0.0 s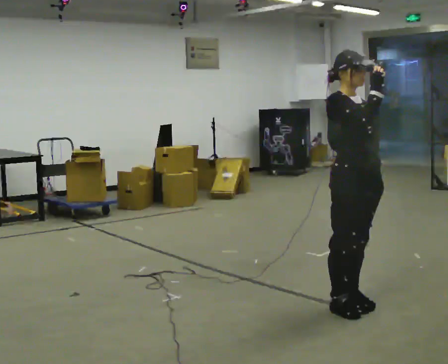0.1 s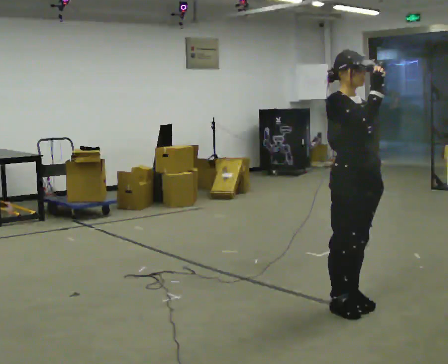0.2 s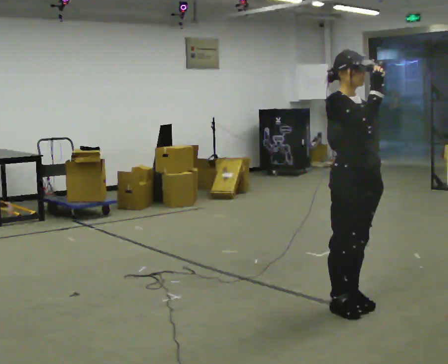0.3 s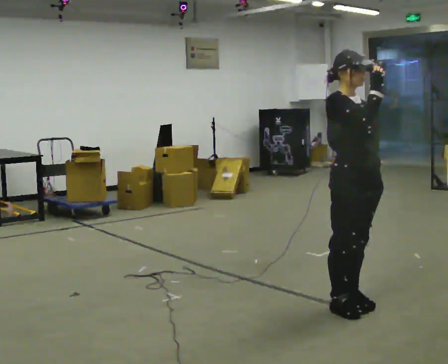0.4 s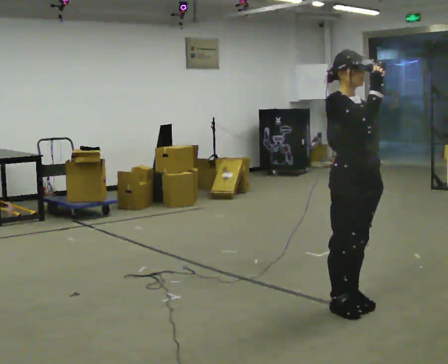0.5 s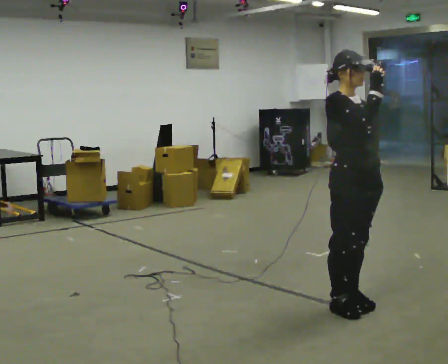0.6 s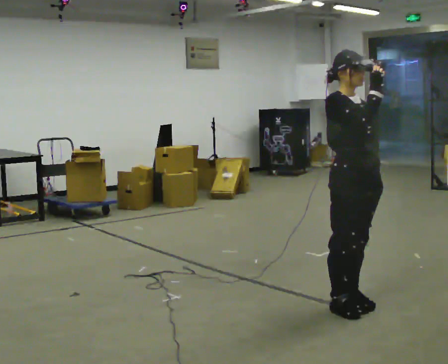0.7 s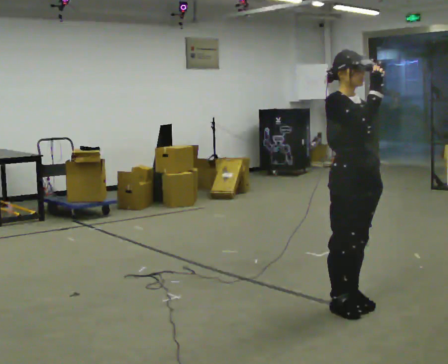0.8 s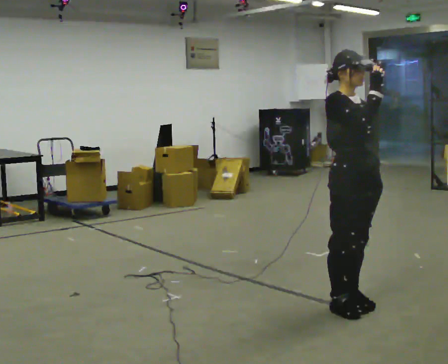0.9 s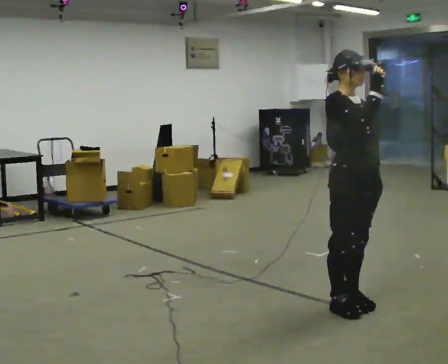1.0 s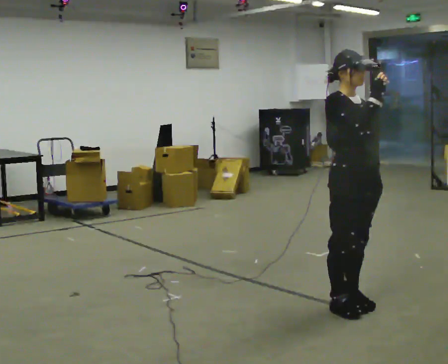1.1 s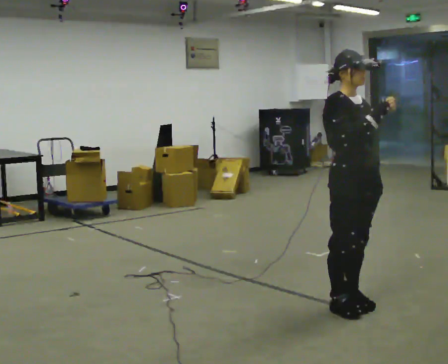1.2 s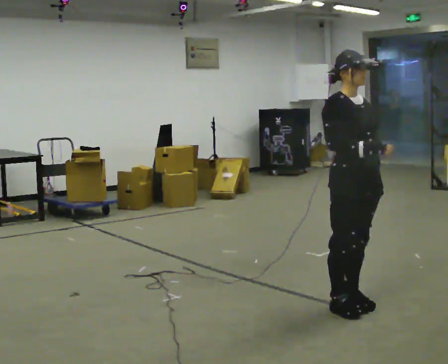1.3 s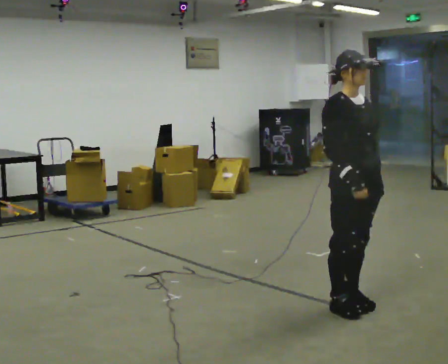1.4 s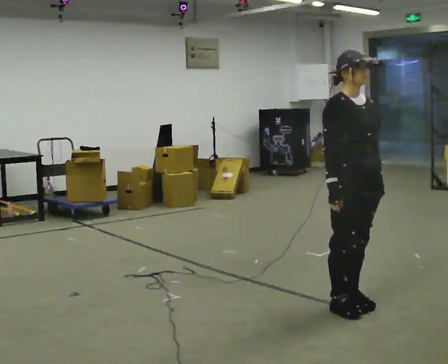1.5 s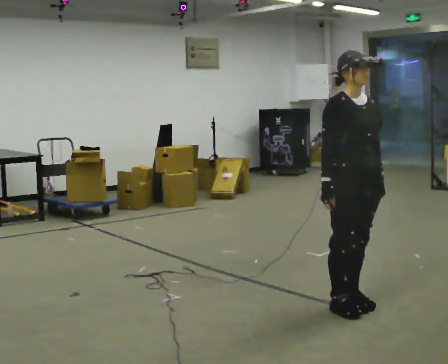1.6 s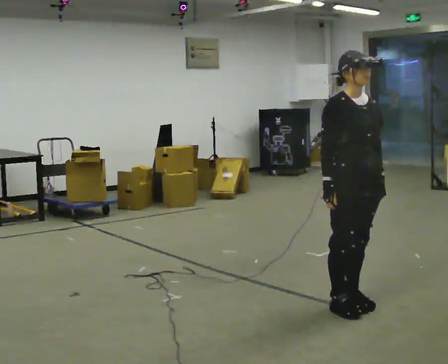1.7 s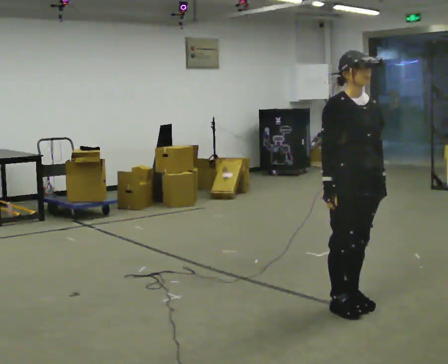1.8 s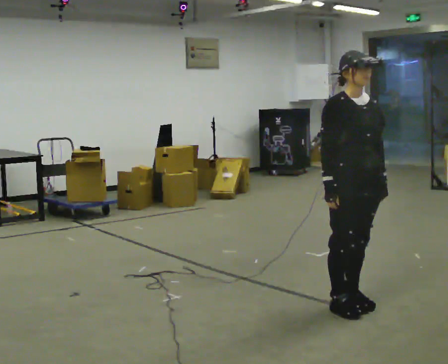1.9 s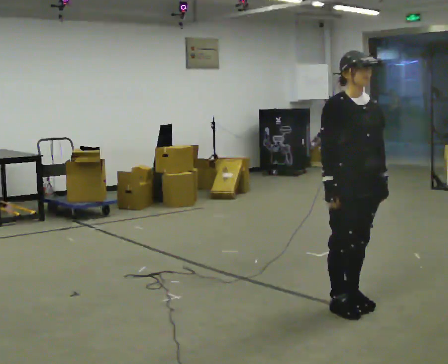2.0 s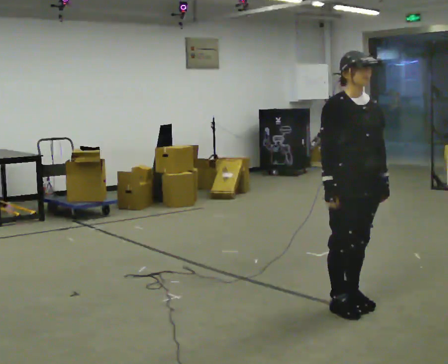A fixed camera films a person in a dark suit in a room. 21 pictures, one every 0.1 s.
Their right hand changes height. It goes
downward.
0.0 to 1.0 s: The person moves a little, or ends about where they began.
1.0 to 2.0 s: In the picture their right hand goes downward.
The film runs forward here.
